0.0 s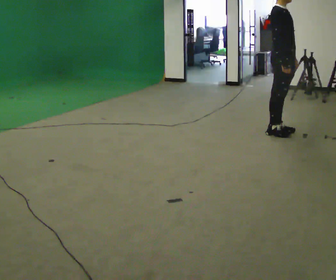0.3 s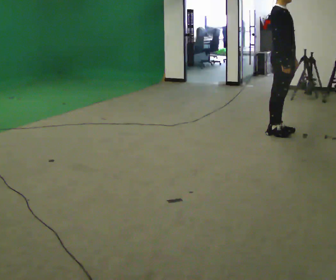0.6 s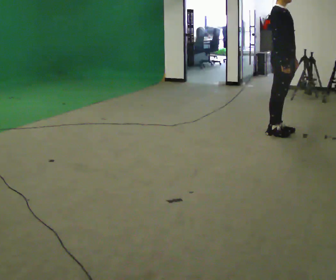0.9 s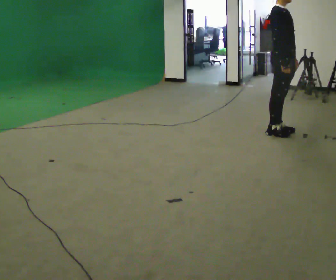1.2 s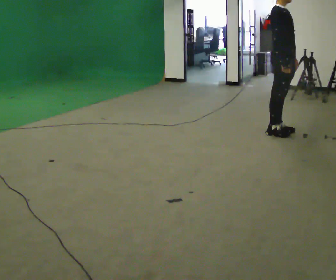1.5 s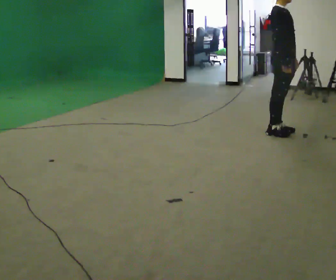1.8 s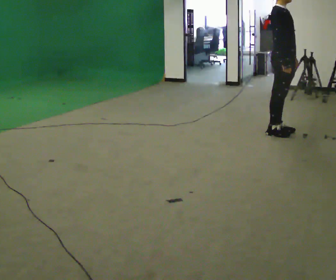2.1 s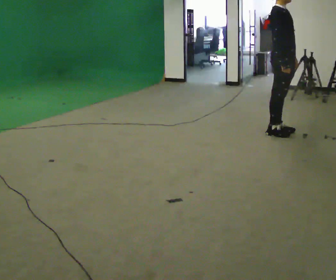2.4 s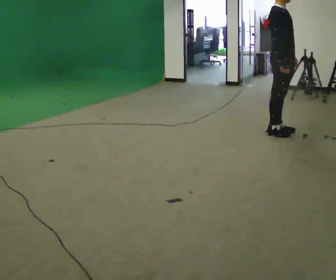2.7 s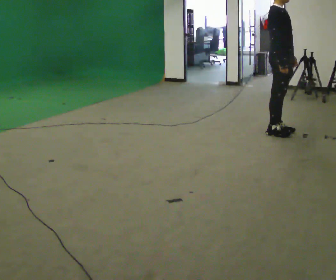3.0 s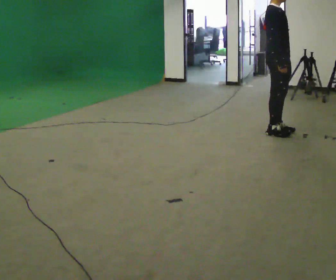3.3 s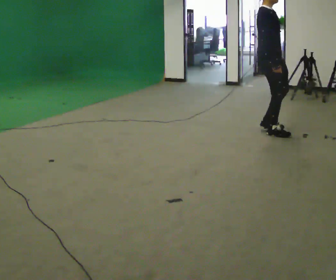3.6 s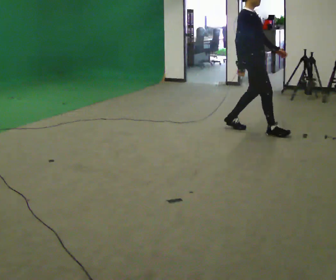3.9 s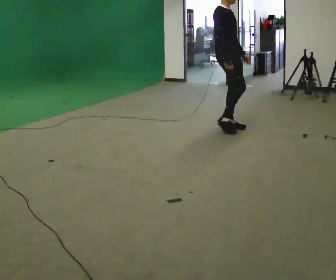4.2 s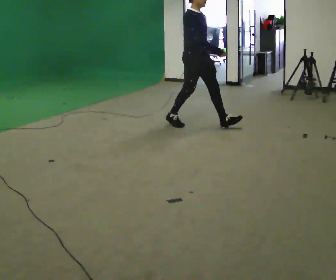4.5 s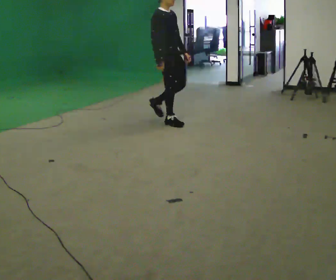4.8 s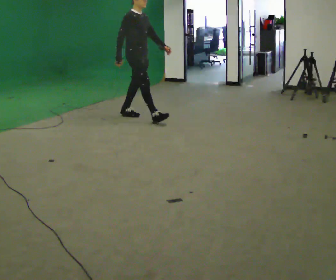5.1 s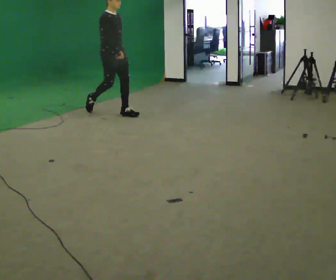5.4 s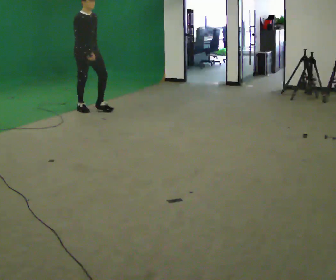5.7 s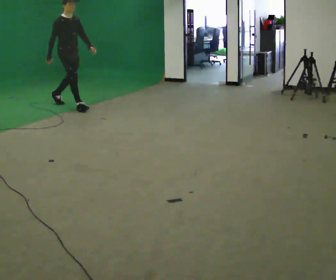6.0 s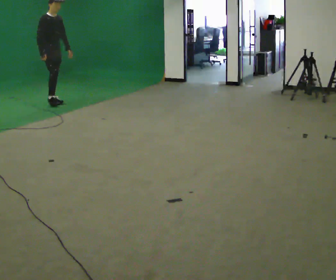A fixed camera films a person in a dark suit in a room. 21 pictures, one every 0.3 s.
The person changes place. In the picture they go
to the left.
0.0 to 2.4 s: The person keeps their place and pose.
2.4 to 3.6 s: In the picture they go to the left, about 0.25 m in 1 step, which for them is backward.
3.6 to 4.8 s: In the picture they go to the left, about 1.5 m in 3 steps, which for them is backward.
4.8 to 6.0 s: In the picture they go to the left, about 1.5 m in 2 steps, which for them is backward.
The film runs backward here.
